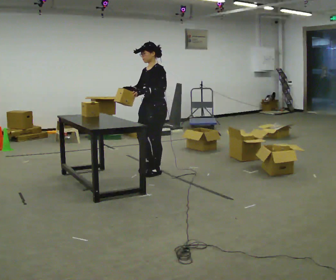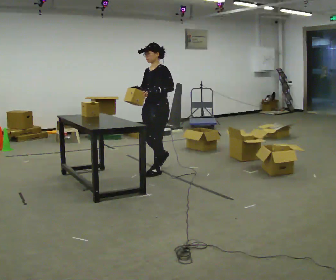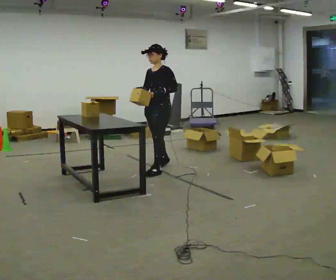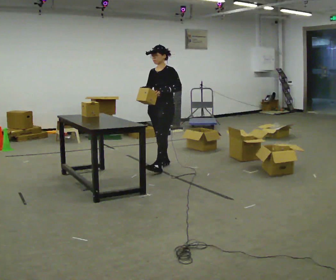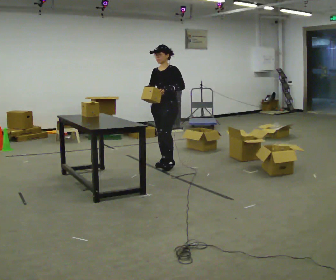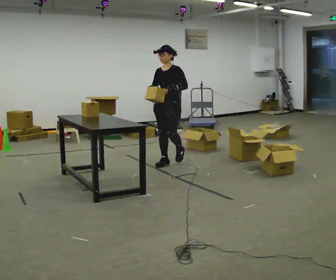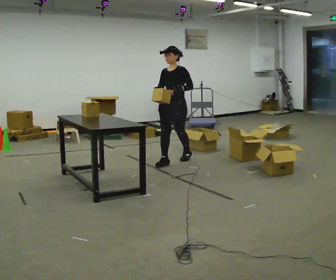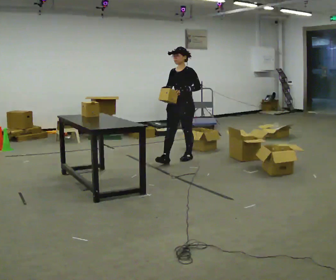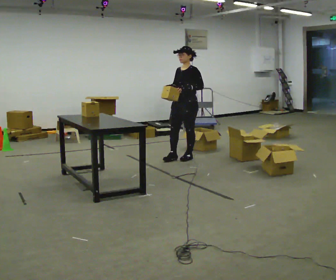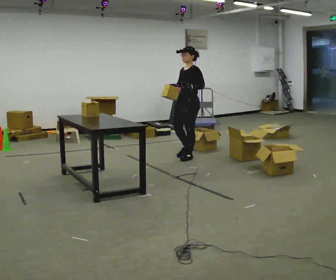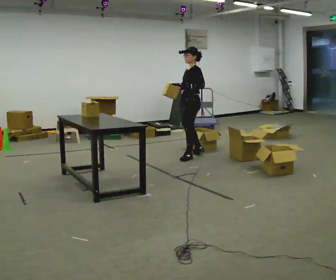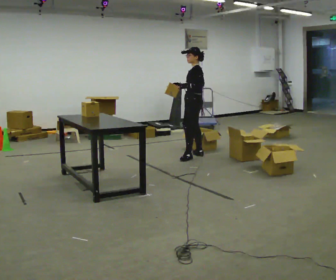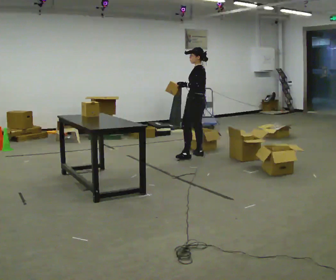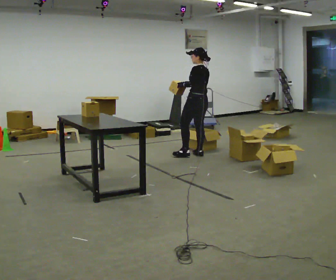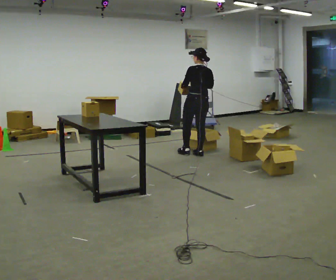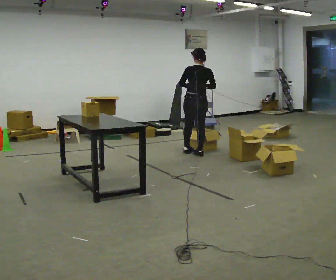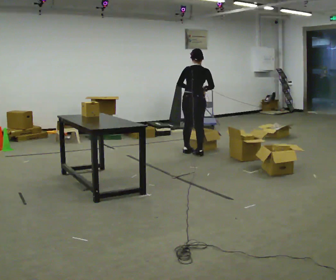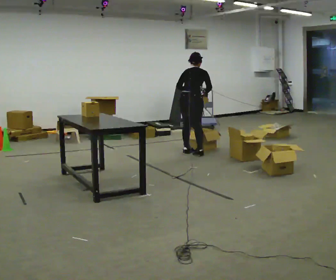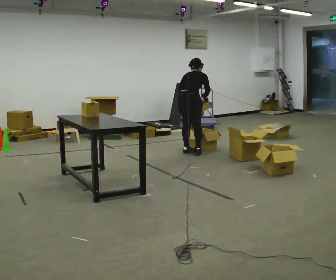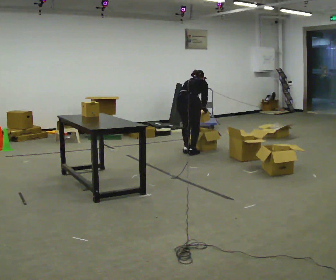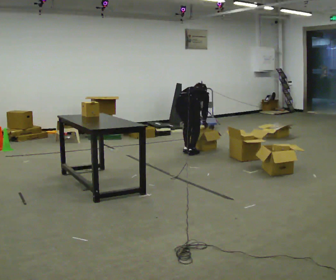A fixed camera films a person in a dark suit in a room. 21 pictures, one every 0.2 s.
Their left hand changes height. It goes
downward.
The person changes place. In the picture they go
away from the camera.
0.0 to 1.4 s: In the picture they go away from the camera and to the right, about 0.5 m in 2 steps, which for them is backward.
1.4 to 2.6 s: The person turns about 105 degrees to their right, clockwise seen from above, so the part of the body nearest the lens slides to the left. In the picture they go away from the camera and to the right, about 0.5 m in 1 step.
2.6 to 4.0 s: Seen from above the body turns clockwise, about 75 degrees: to their right, with its near side sliding to the left. In the picture they go to the left, about 0.25 m in 1 step. The upper body goes downward. The upper body tips away from the camera, its near side rolling upward, as they bend forward. In the picture their right hand goes downward.
The film runs backward here.
